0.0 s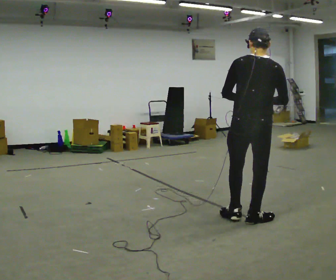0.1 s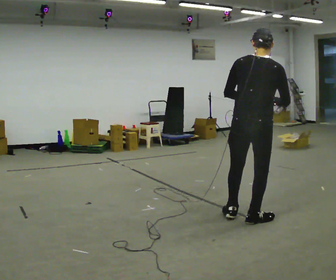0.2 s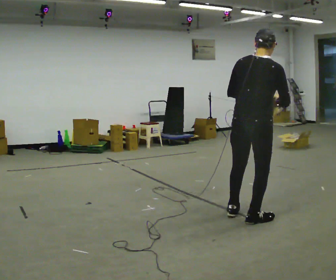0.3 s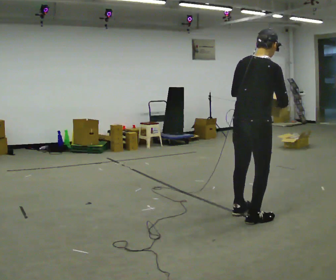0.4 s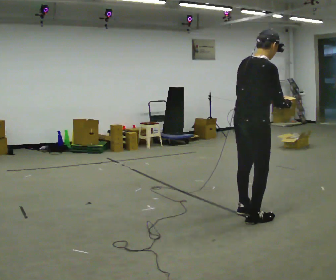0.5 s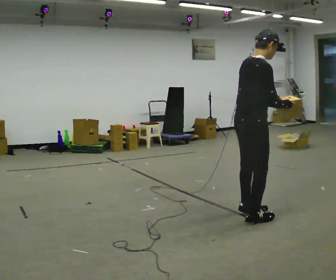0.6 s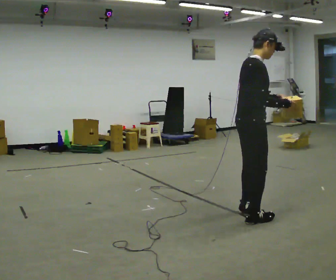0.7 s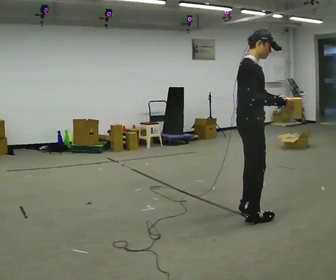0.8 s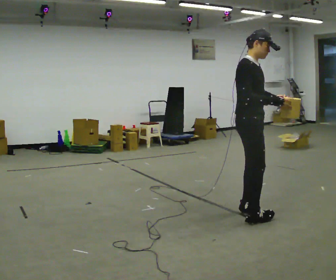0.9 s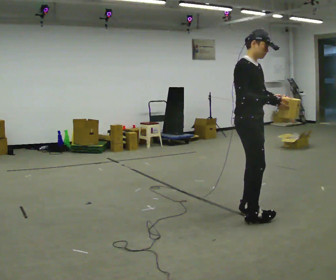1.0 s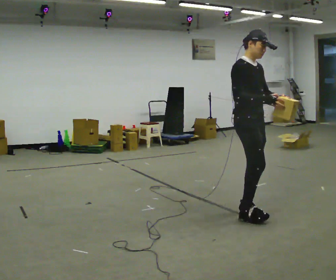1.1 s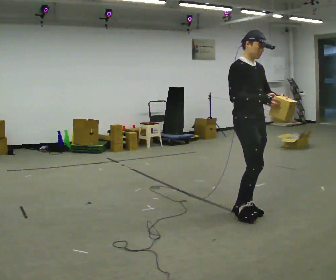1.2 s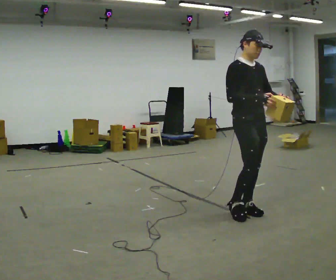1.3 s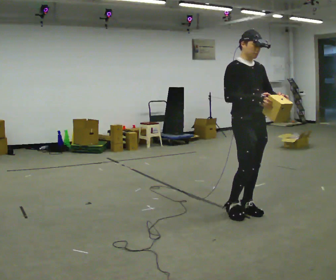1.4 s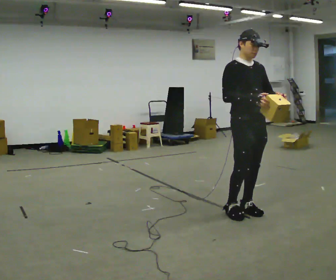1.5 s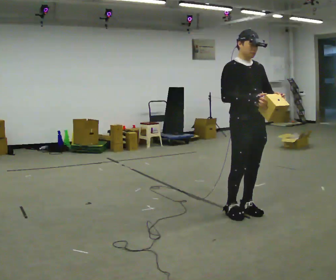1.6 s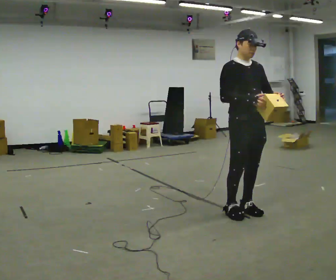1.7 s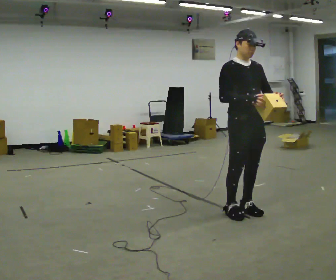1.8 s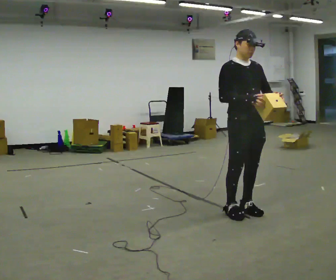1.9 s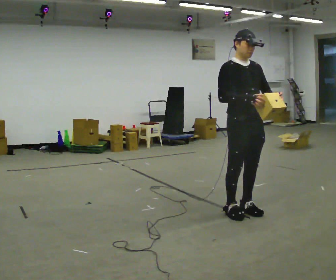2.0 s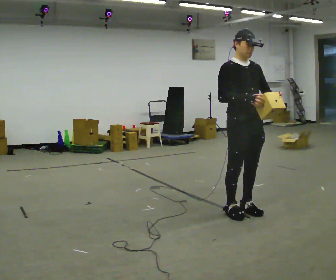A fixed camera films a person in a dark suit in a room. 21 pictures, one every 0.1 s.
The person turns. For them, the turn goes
to their right.
The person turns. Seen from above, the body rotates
clockwise.
0.0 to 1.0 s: The person turns about 120 degrees to their right, clockwise seen from above, so the part of the body nearest the lens slides to the left. In the picture they go away from the camera, about 0.25 m in 2 steps. In the picture their left hand goes to the right.
1.0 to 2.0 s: The person turns about 30 degrees to their right, clockwise seen from above, so the part of the body nearest the lens slides to the left.
The film runs backward here.
